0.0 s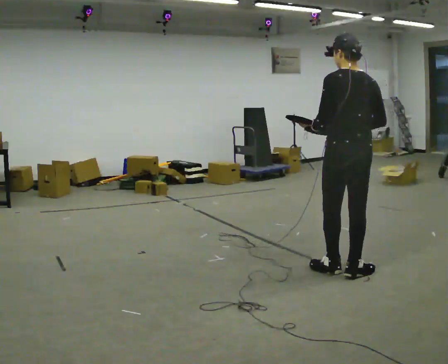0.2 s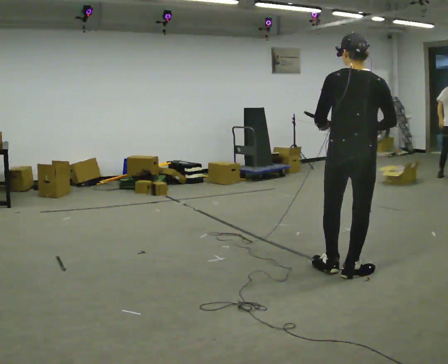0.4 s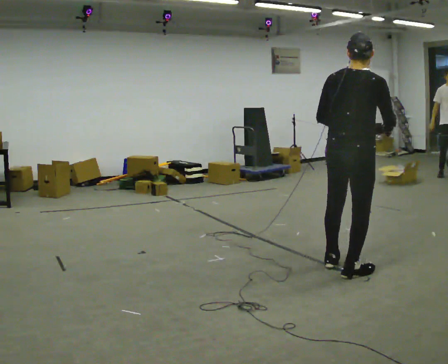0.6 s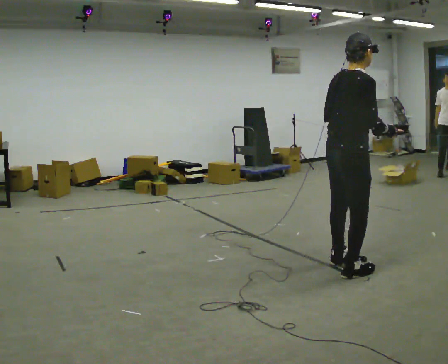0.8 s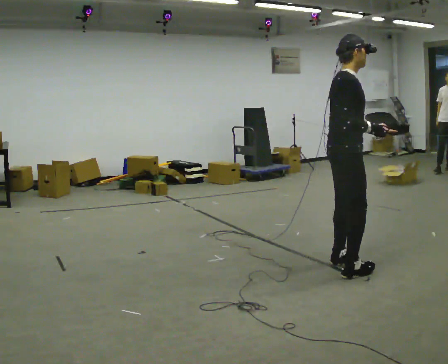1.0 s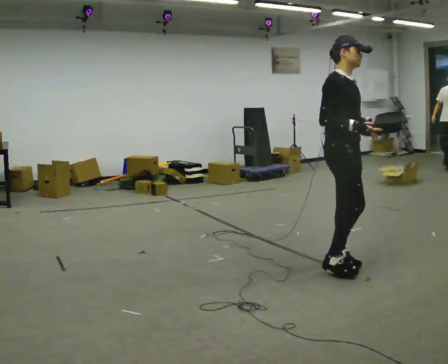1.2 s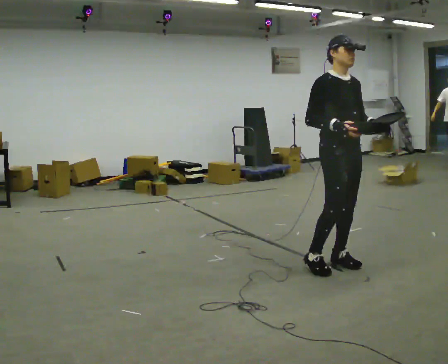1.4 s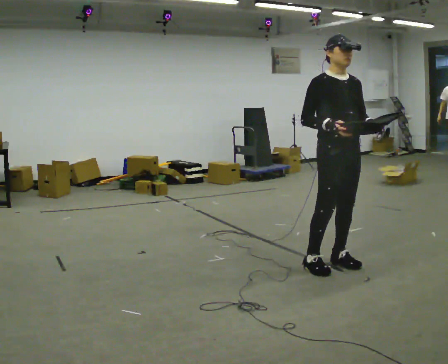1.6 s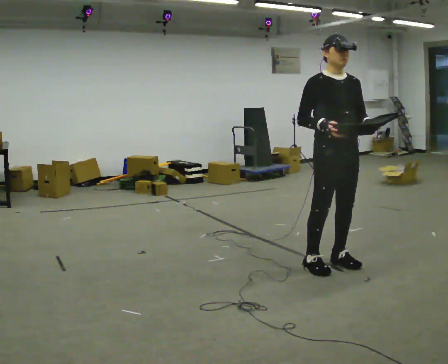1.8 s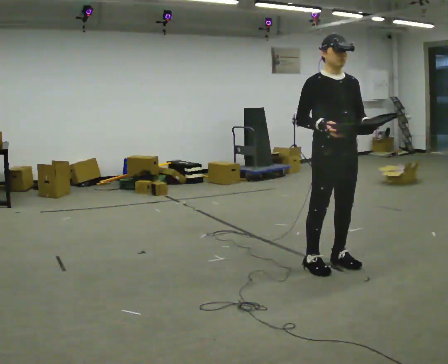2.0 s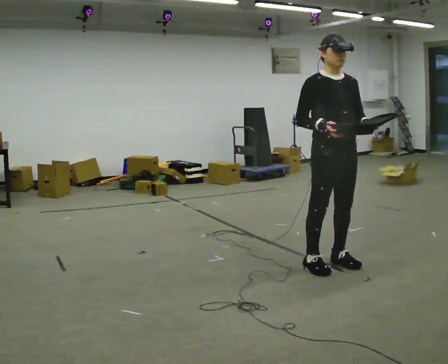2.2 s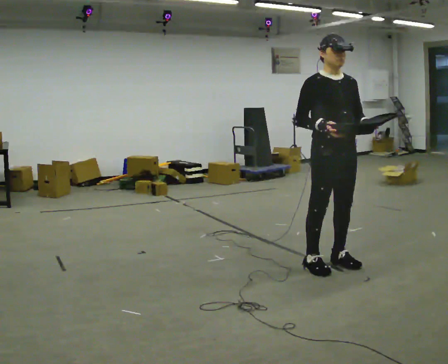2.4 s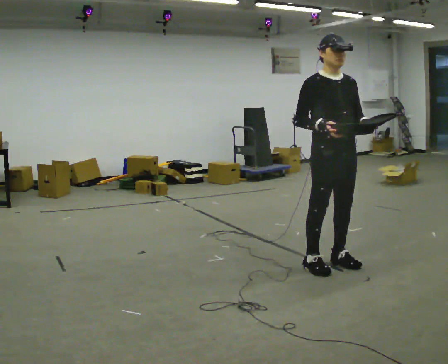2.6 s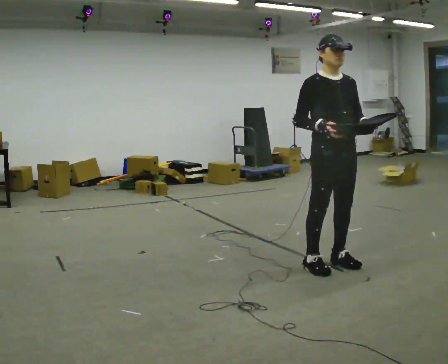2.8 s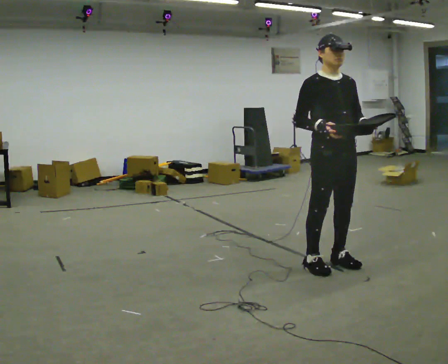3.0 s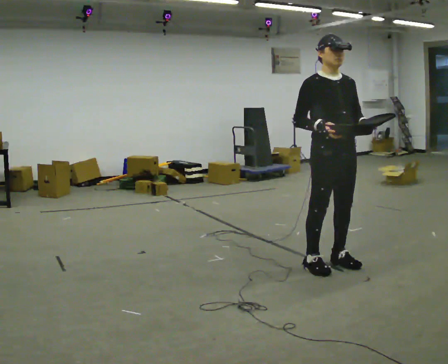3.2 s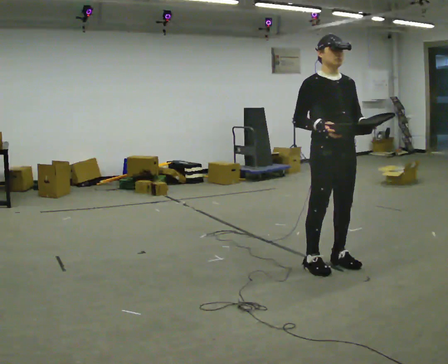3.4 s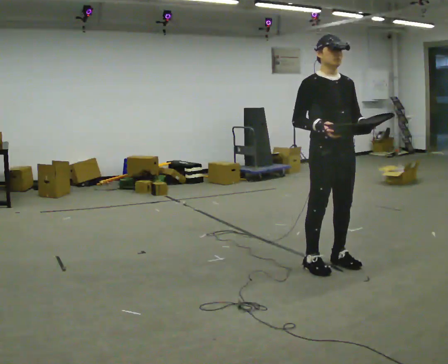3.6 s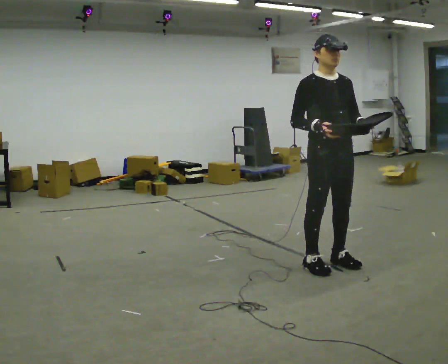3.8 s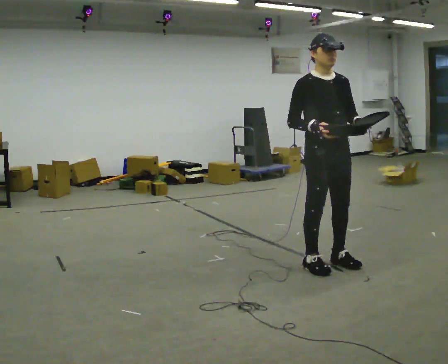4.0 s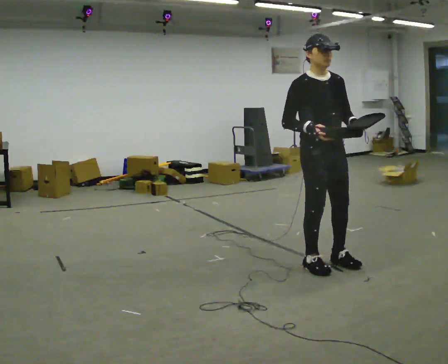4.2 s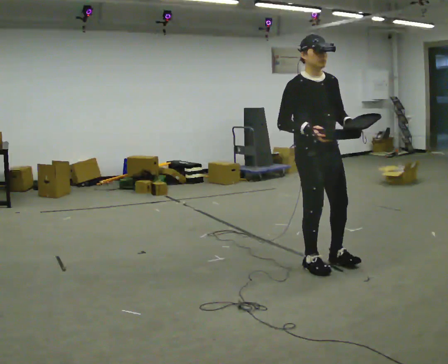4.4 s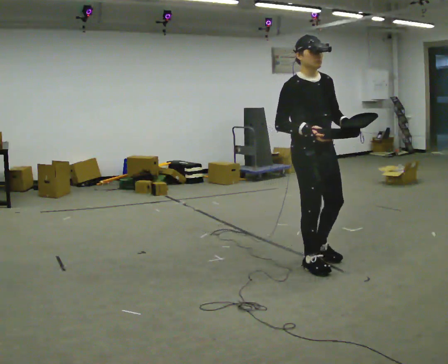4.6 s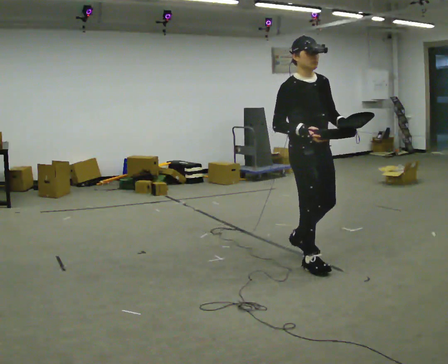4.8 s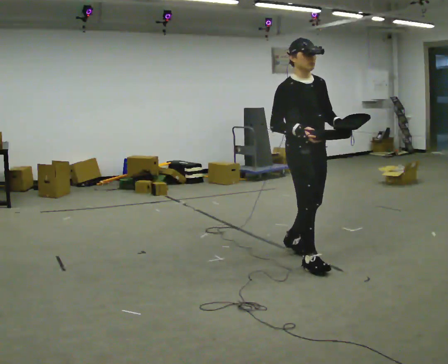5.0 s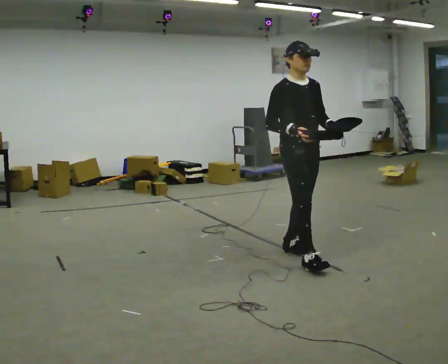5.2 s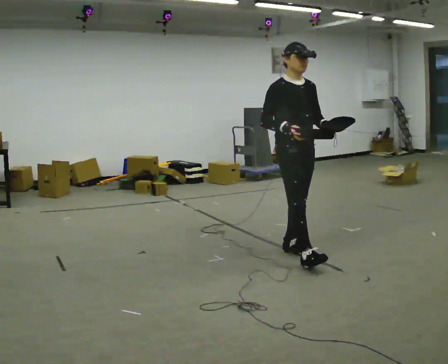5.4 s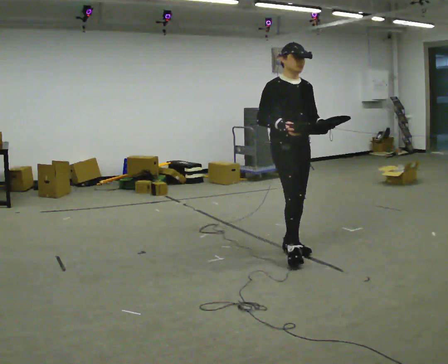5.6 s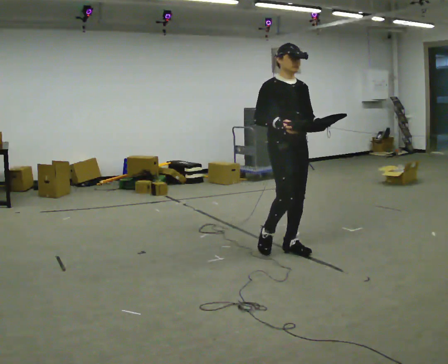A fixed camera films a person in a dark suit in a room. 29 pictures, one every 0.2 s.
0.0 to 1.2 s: The person turns about 150 degrees to their right, clockwise seen from above, so the part of the body nearest the lens slides to the left. In the picture they go away from the camera, about 0.25 m in 2 steps. In the picture their left hand goes to the right, the arm swinging counterclockwise.
1.2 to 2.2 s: Seen from above the body turns clockwise, about 30 degrees: to their right, with its near side sliding to the left.
2.2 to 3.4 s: The person keeps their place and pose.
3.4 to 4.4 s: The person moves a little, or ends about where they began.
4.4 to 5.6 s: In the picture they go away from the camera and to the left, about 0.5 m in 1 step, which for them is backward.
The film runs backward here.
